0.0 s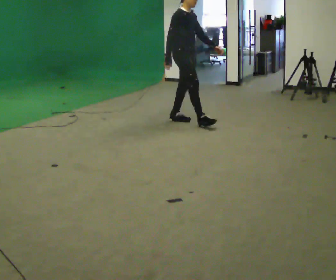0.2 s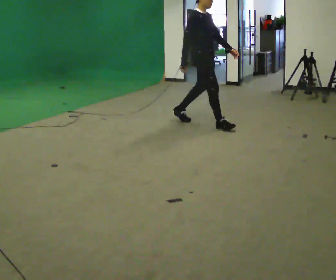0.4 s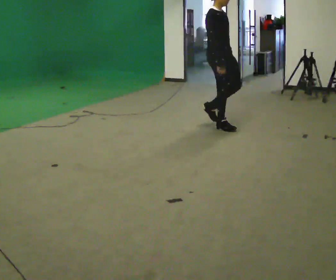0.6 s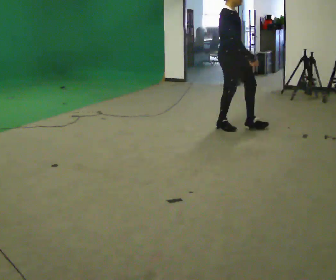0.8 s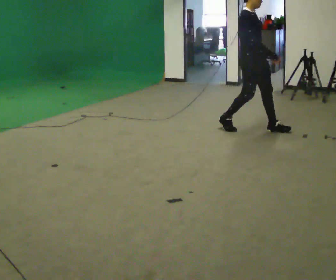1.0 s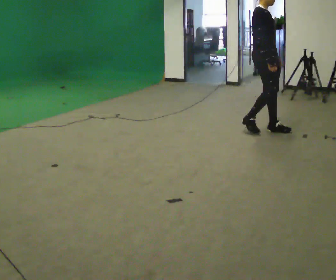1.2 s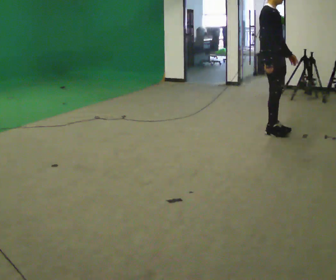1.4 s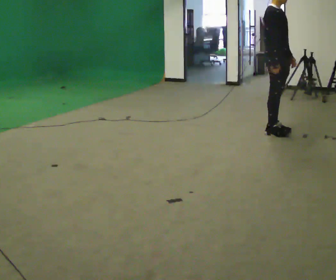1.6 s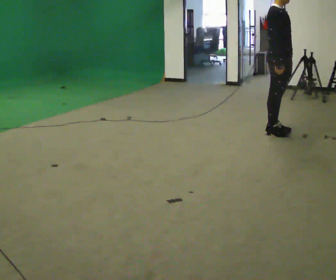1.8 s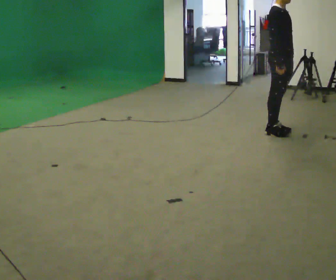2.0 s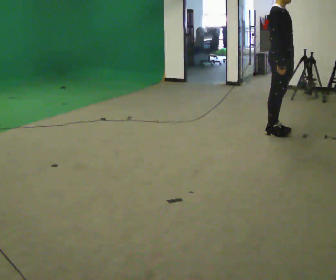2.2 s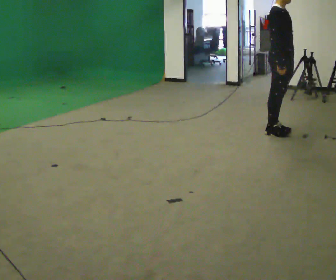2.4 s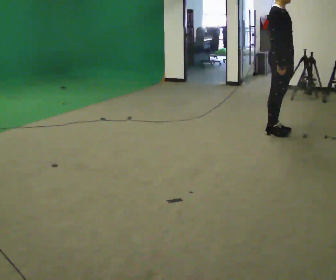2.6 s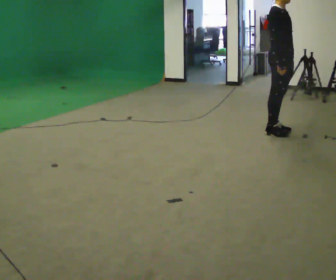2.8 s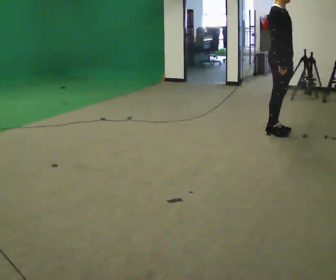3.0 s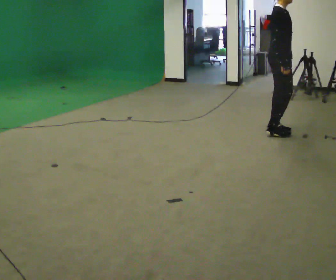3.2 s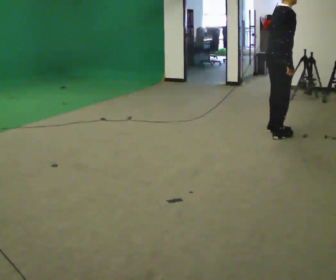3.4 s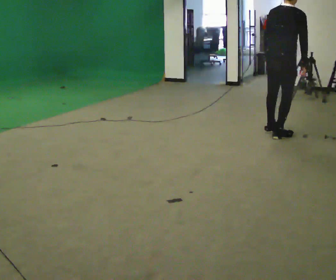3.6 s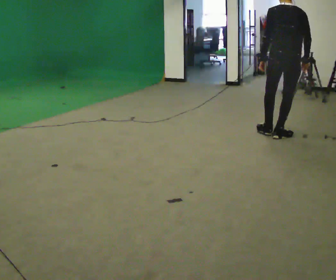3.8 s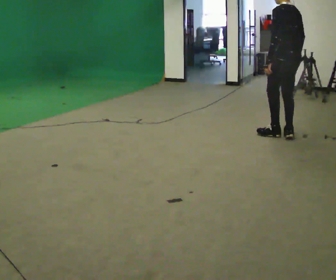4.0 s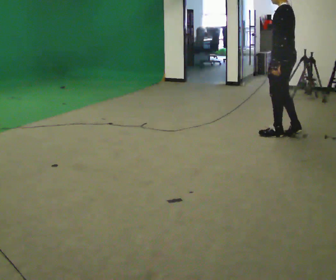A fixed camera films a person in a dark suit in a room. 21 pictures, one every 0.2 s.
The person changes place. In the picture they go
to the right.
The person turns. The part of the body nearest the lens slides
to the right.
0.0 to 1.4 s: In the picture they go to the right, about 1 m in 3 steps, which for them is forward.
1.4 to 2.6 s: The person moves a little, or ends about where they began.
2.6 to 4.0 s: The part of the body nearest the lens slides to the right as the person turns to their left by about 180 degrees.
The film runs forward here.
